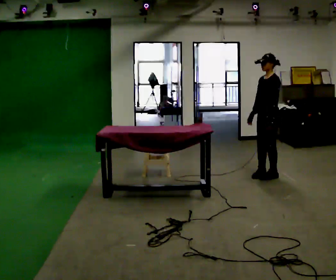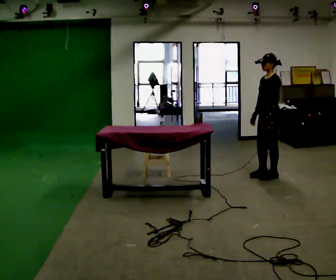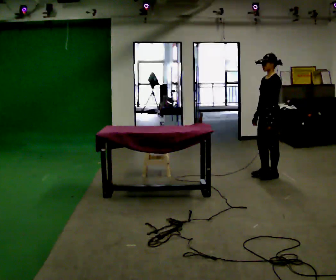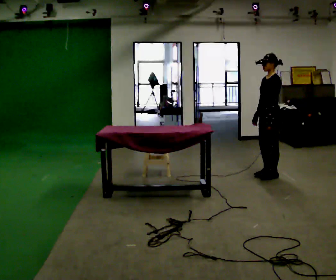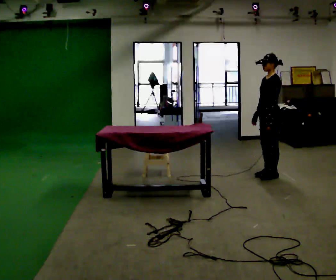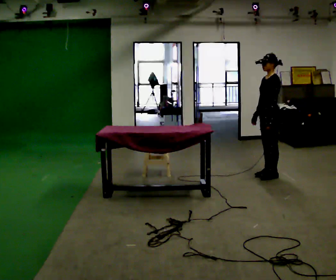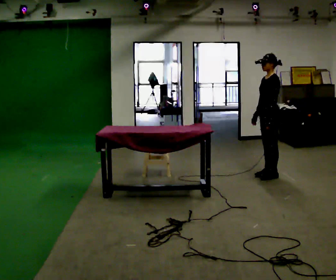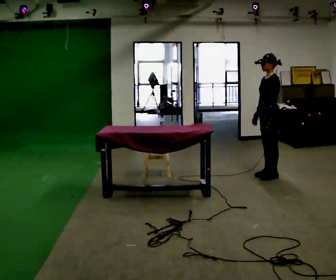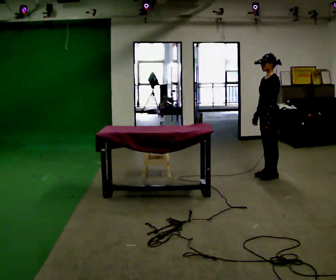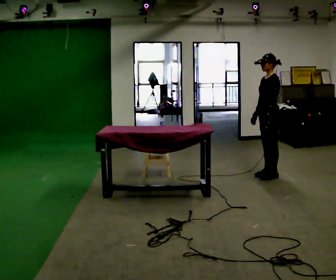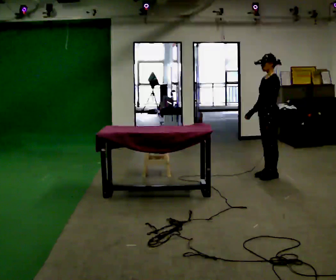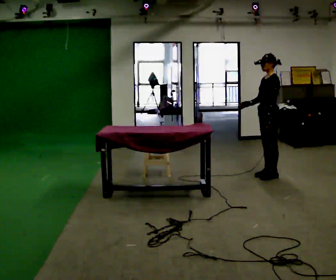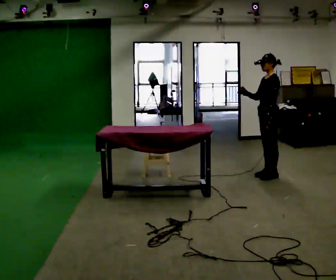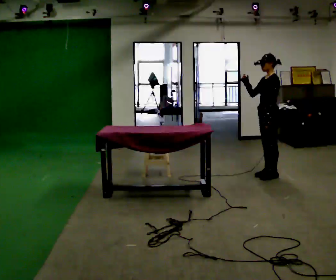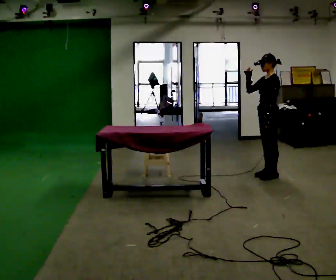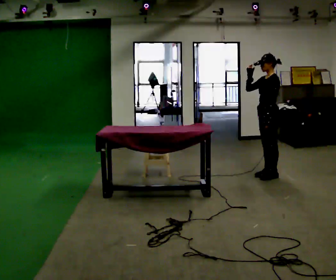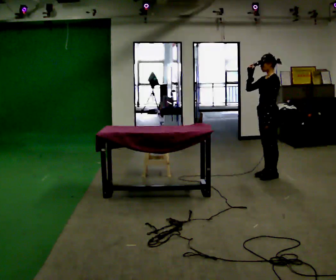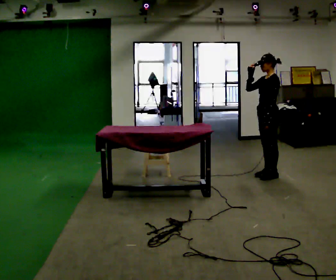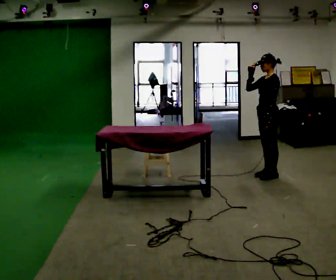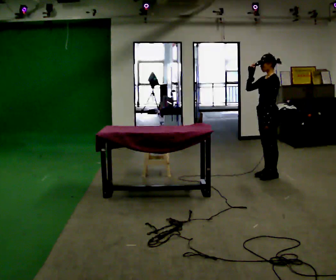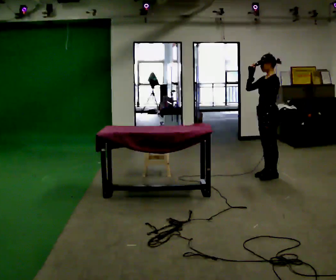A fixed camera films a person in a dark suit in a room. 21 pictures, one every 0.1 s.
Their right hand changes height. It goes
upward.
0.0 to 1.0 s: The person moves a little, or ends about where they began.
1.0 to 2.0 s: In the picture their right hand goes upward.
The film runs forward here.
